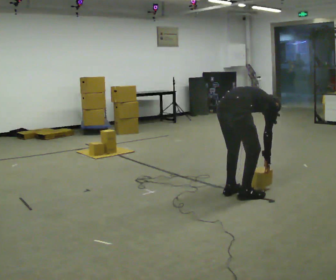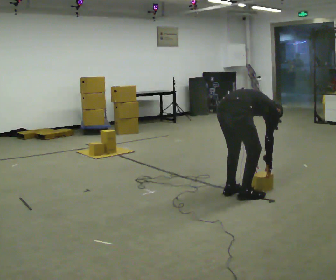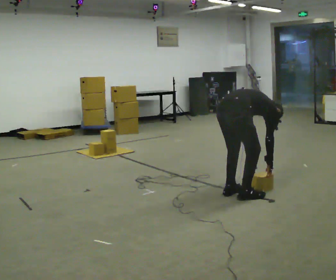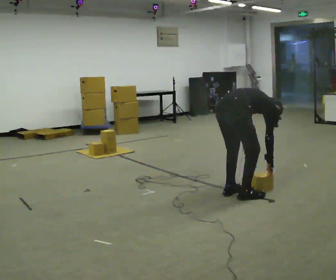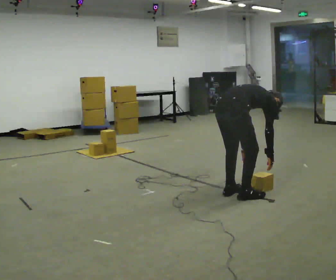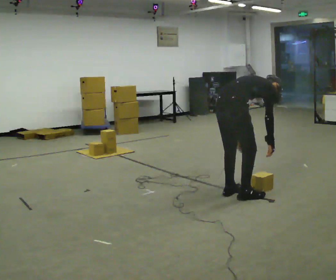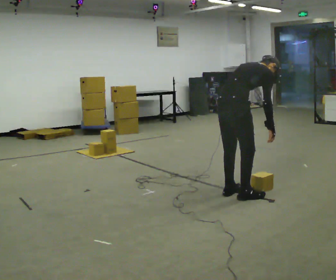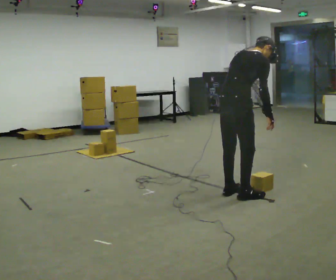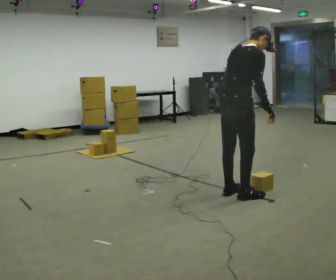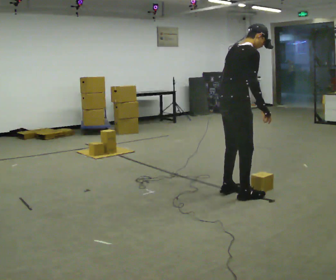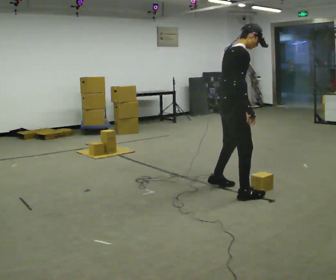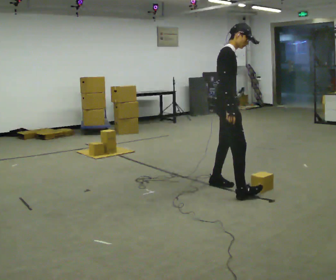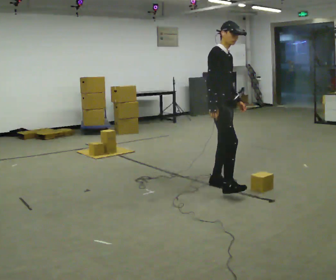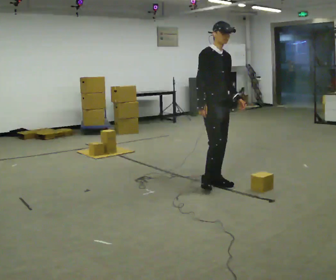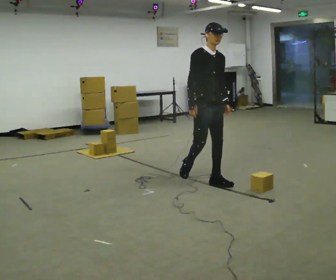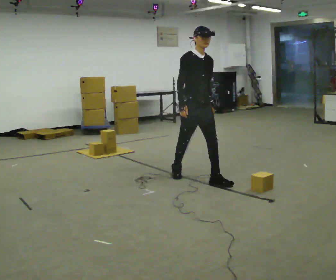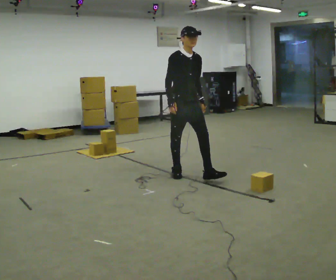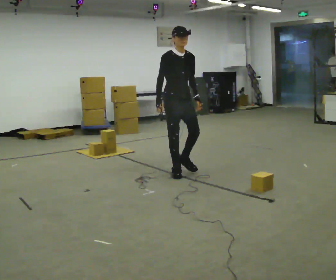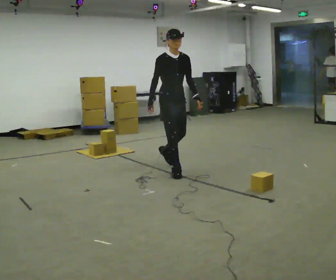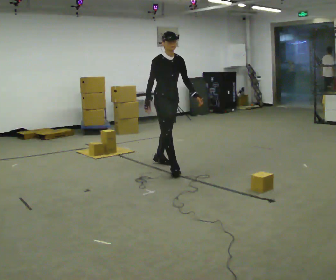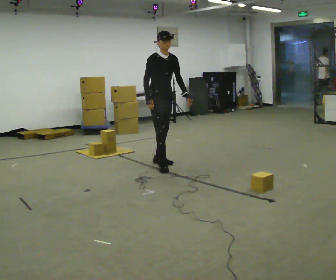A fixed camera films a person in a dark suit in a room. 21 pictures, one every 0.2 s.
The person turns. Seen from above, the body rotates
clockwise.
The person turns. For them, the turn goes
to their right.
0.0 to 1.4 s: The upper body goes upward. The upper body tips toward the camera, its near side rolling downward, as they lean back or straighten. In the picture their left hand goes upward.
1.4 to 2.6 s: The part of the body nearest the lens slides to the left as the person turns to their right by about 90 degrees. In the picture they go away from the camera and to the left, about 0.5 m in 2 steps. The upper body tips toward the camera, its near side rolling downward, as they lean back or straighten.
2.6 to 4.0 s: In the picture they go to the left and away from the camera, about 1 m in 2 steps, which for them is backward.
The film runs backward here.
